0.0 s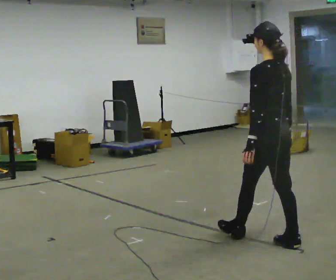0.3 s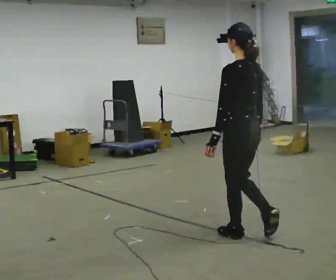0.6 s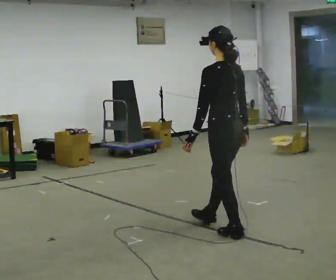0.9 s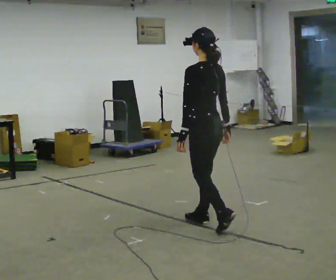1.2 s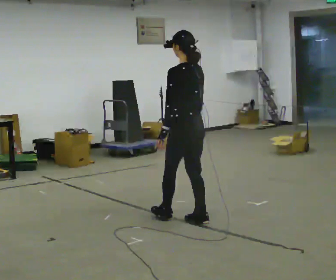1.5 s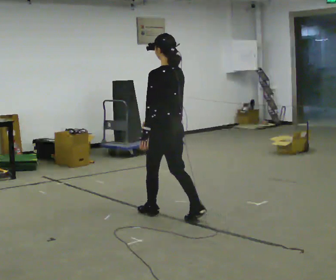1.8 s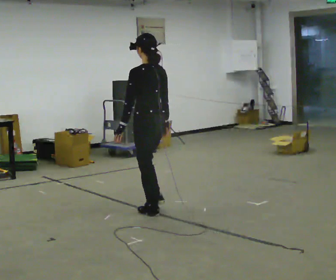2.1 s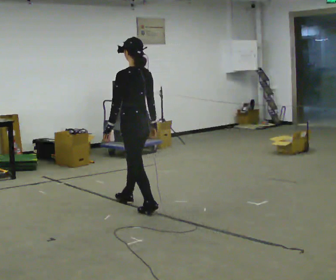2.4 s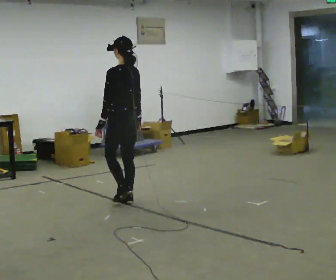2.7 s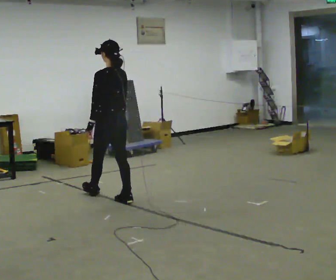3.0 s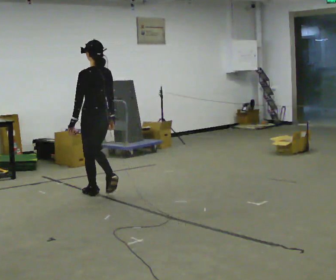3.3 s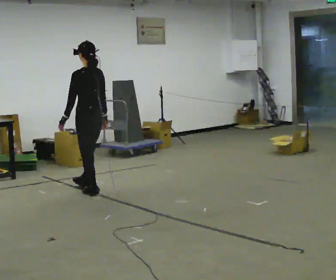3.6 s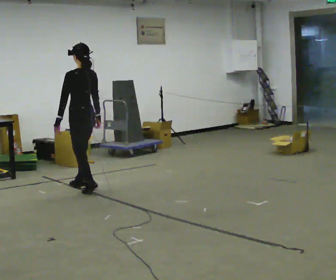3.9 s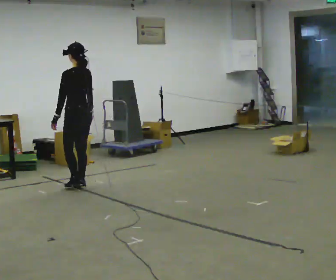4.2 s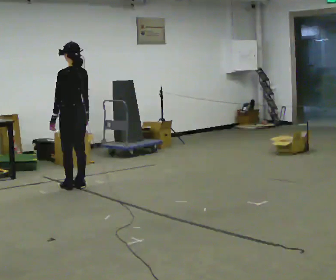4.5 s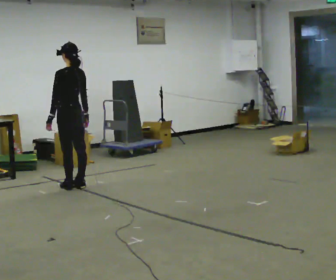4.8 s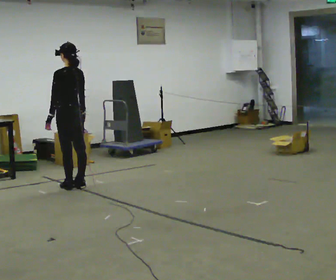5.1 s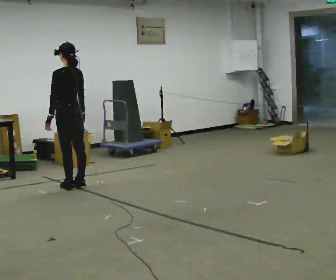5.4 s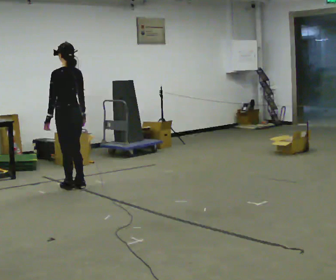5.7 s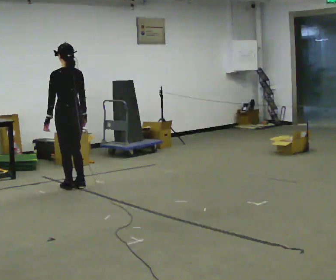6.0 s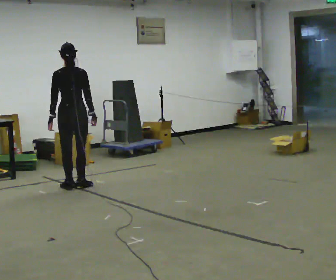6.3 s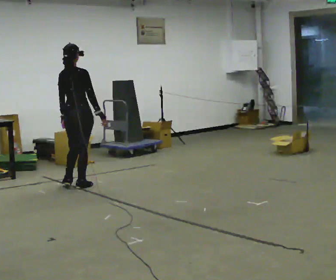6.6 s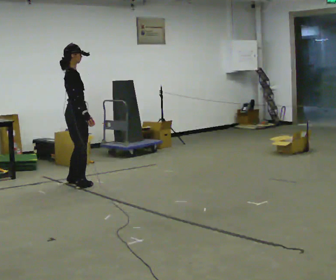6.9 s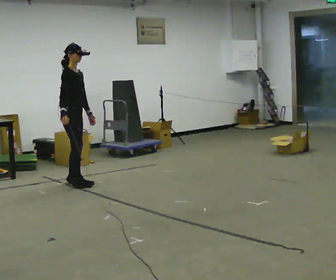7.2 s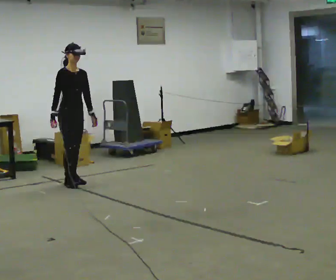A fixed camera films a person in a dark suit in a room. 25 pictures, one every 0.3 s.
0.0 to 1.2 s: In the picture they go away from the camera and to the left, about 1 m in 1 step, which for them is forward.
1.2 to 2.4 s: In the picture they go away from the camera and to the left, about 1 m in 2 steps, which for them is forward.
2.4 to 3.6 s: In the picture they go away from the camera and to the left, about 0.5 m in 2 steps, which for them is forward.
3.6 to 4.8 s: The person moves a little, or ends about where they began.
4.8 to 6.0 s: The person turns about 45 degrees to their right, clockwise seen from above, so the part of the body nearest the lens slides to the left.
6.0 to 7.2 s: The part of the body nearest the lens slides to the left as the person turns to their right by about 150 degrees. In the picture they go away from the camera, about 0.25 m in 2 steps. In the picture their right hand goes to the left, the arm swinging clockwise.
The film runs forward here.
